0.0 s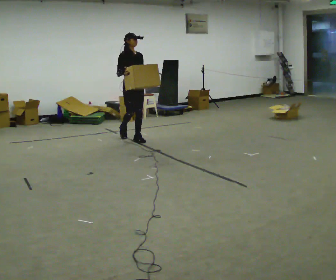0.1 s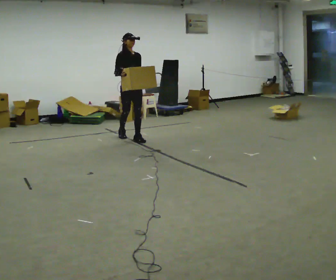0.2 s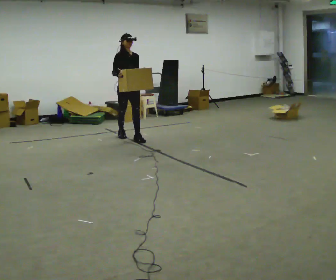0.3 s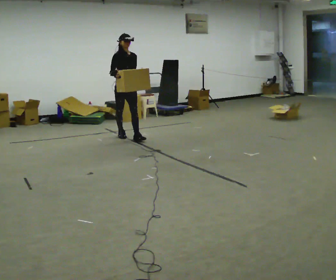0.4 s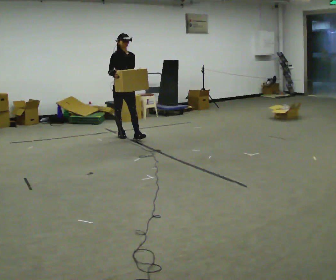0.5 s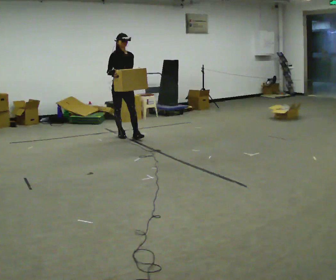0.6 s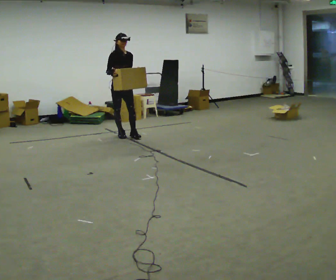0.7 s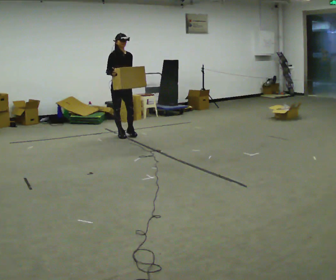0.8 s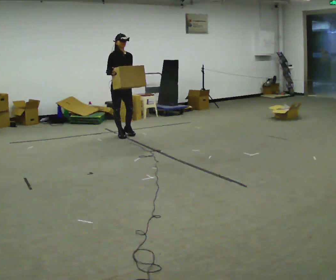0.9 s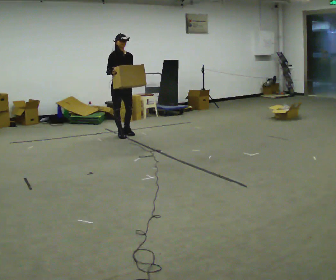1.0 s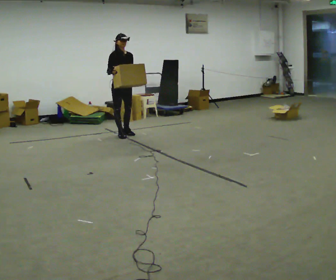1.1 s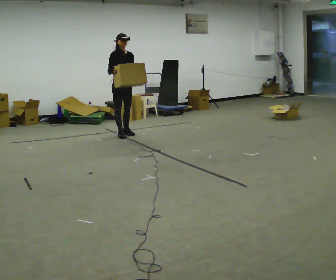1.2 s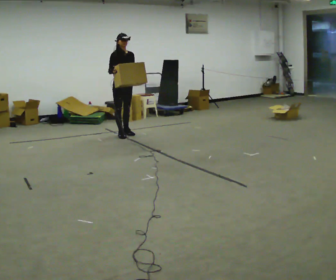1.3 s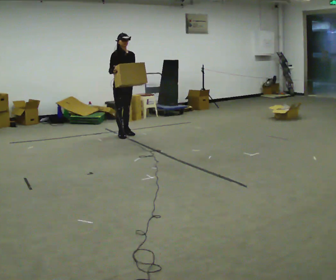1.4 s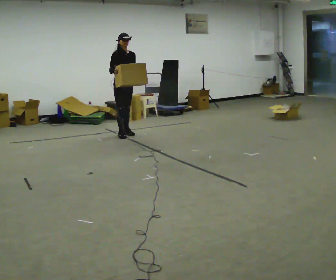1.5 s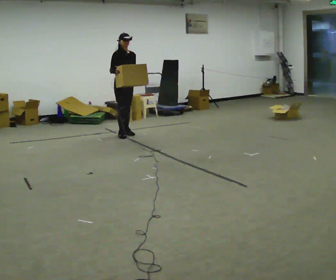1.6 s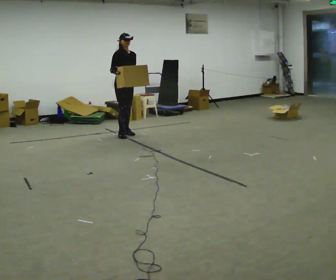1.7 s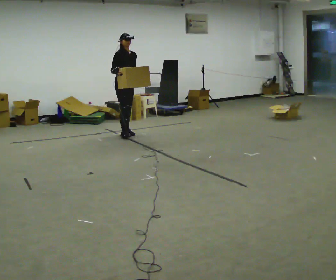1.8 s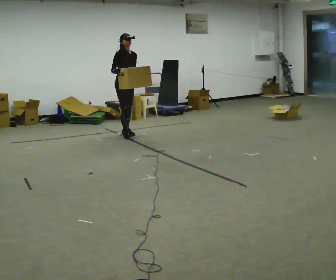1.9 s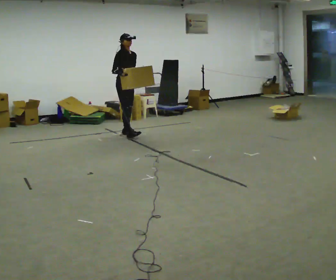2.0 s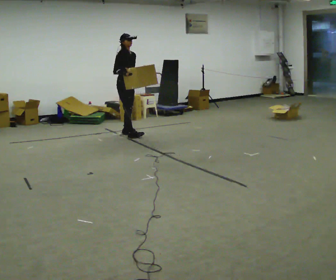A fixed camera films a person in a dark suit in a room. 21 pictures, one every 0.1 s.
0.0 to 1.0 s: In the picture they go away from the camera and to the left, about 0.5 m in 1 step, which for them is backward.
1.0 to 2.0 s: The person moves a little, or ends about where they began.
The film runs backward here.
